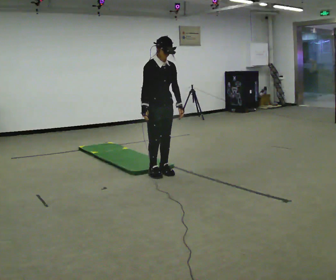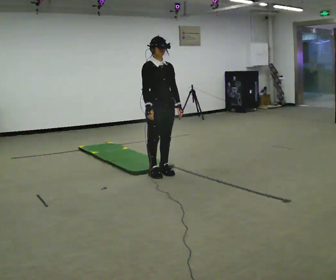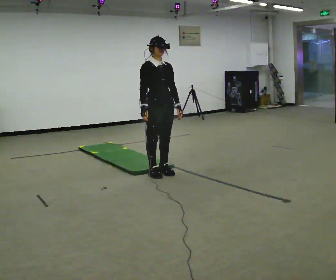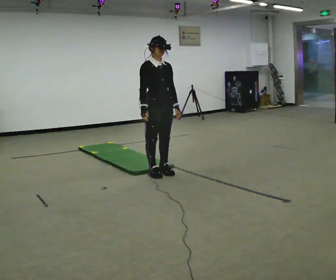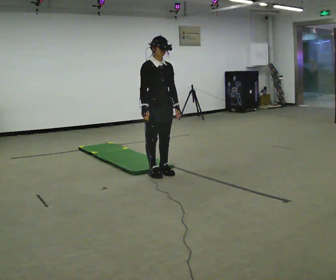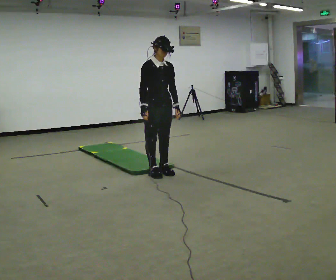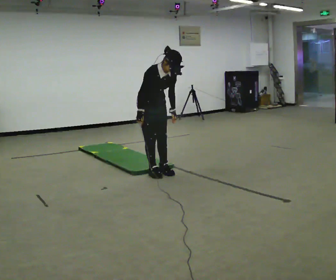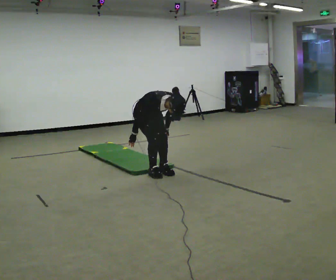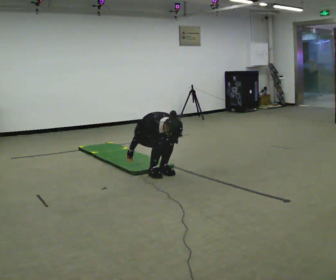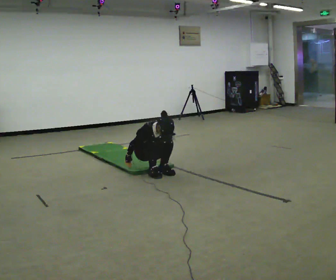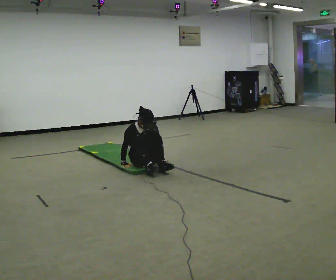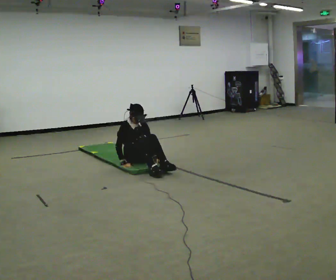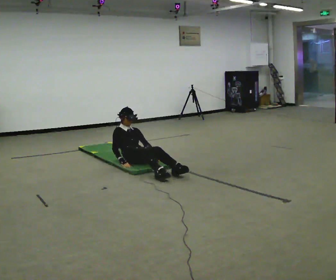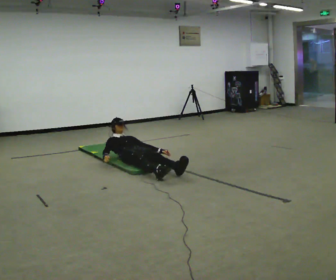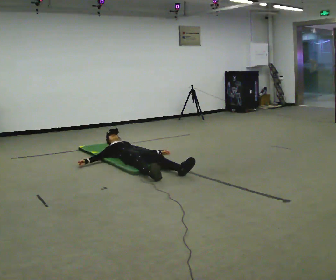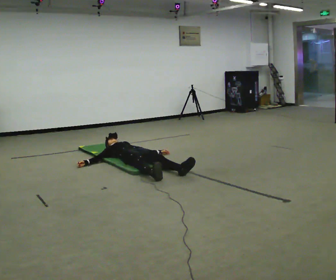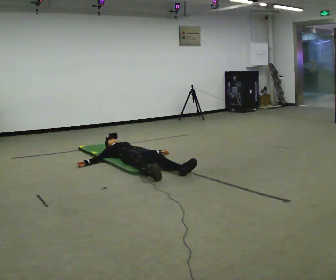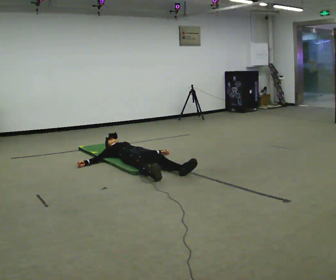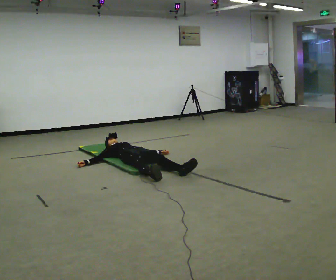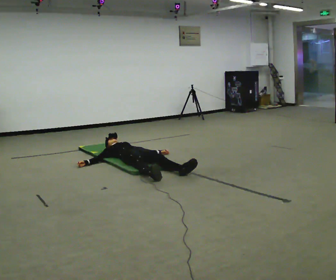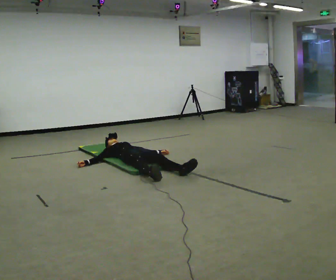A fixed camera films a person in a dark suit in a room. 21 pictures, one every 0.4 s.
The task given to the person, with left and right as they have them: From standing, lie down flat on your back, then get back up to standing in whatever way is natural. Repeat the movement at your own pace until the operator says stop; do not rush.
0.0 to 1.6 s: The person moves a little, or ends about where they began.
1.6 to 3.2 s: In the picture they go away from the camera, about 0.25 m, which for them is backward. The shoulders move downward. The upper body tips toward the camera, its near side rolling downward, as they bend forward. In the picture their left hand goes downward.
3.2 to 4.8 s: In the picture they go away from the camera and to the left, about 0.5 m in 2 steps, which for them is backward. The upper body goes downward. The upper body tips away from the camera, its near side rolling upward, as they lean back or straighten.
4.8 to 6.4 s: The shoulders move downward. The upper body tips away from the camera, its near side rolling upward, as they lean back or straighten. In the picture their right hand goes to the left.
6.4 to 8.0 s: The person keeps their place and pose.
The film runs forward here.
